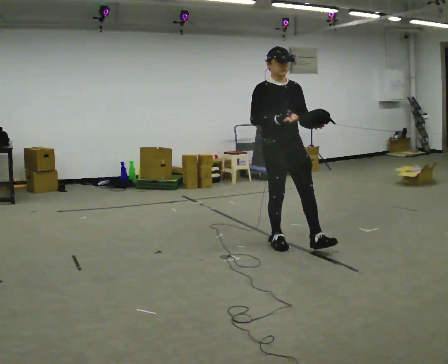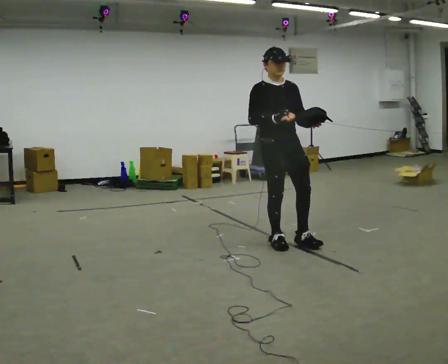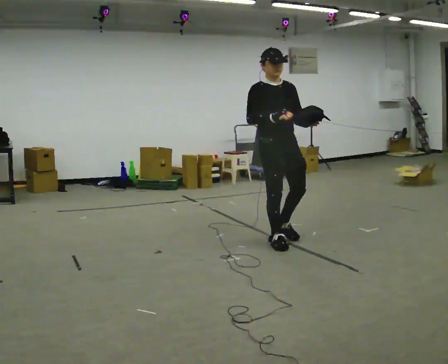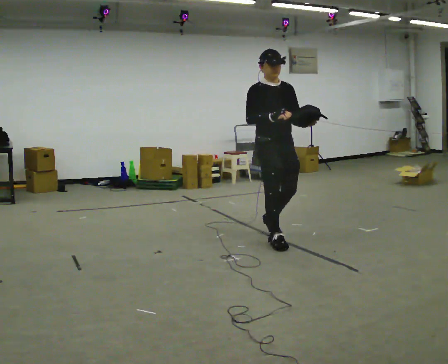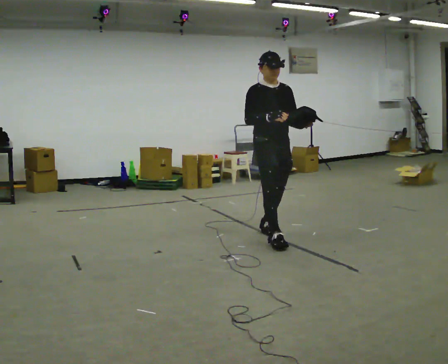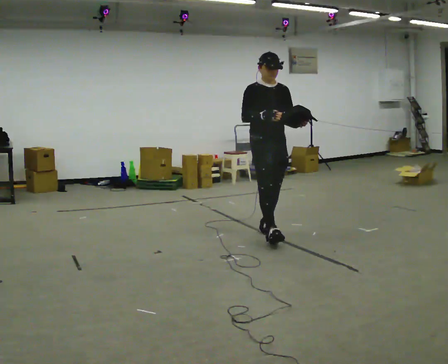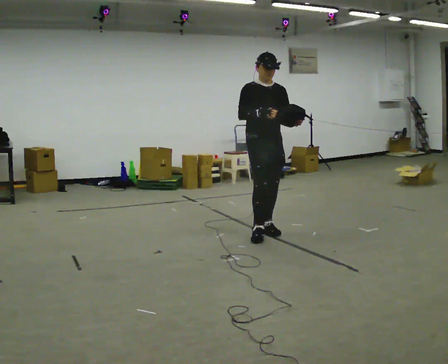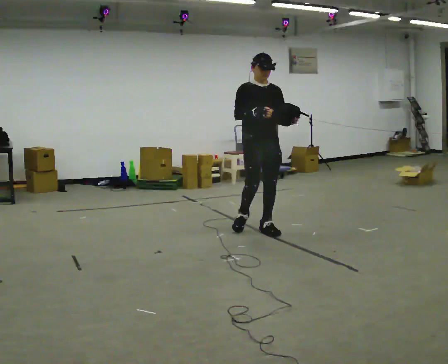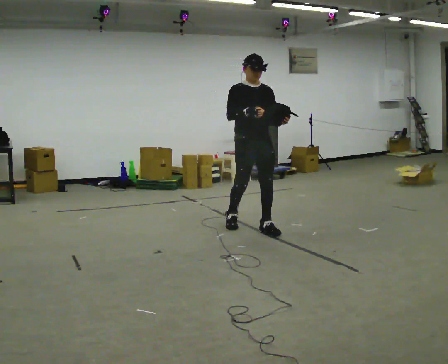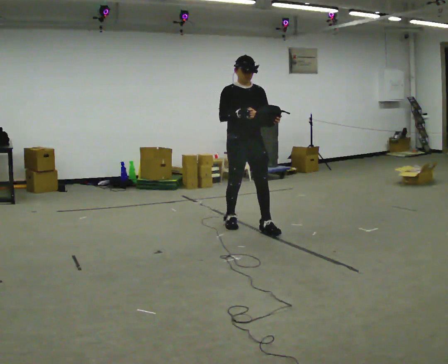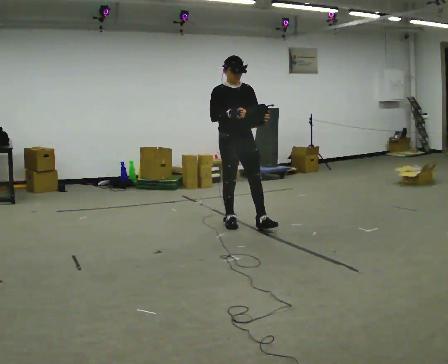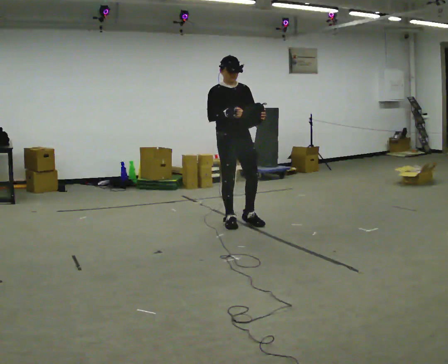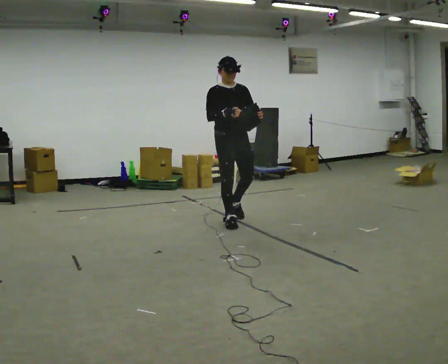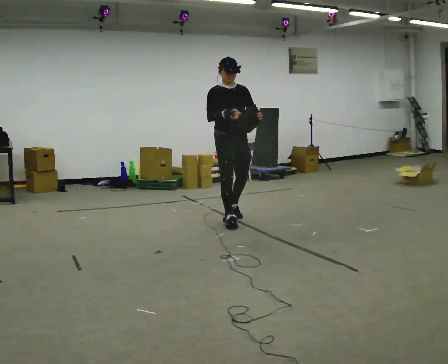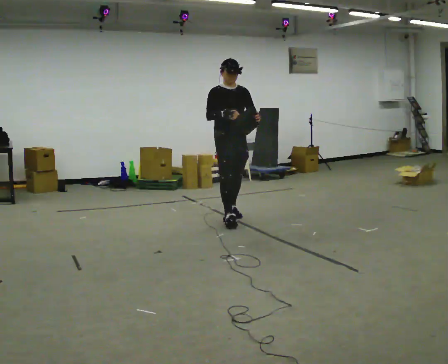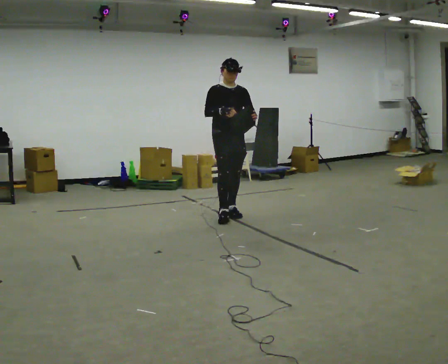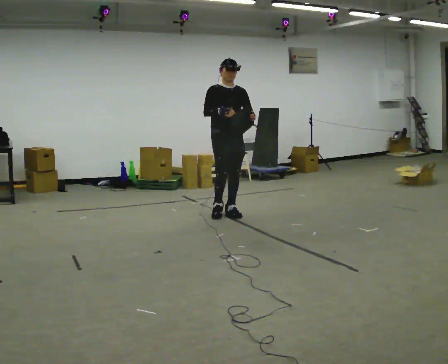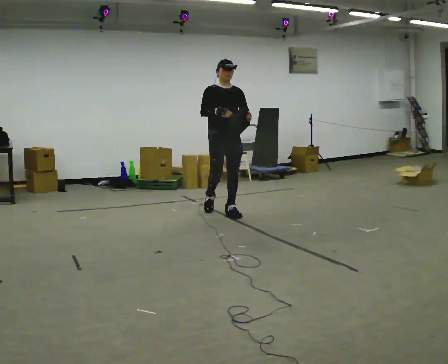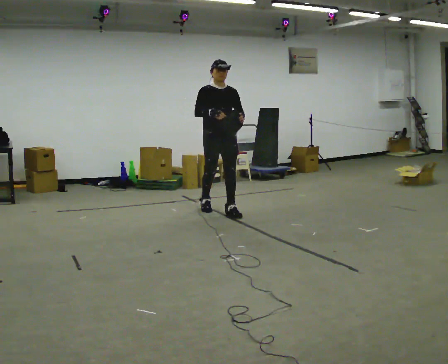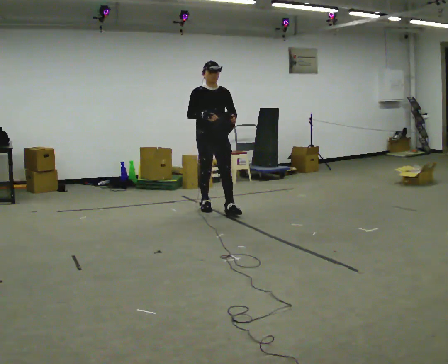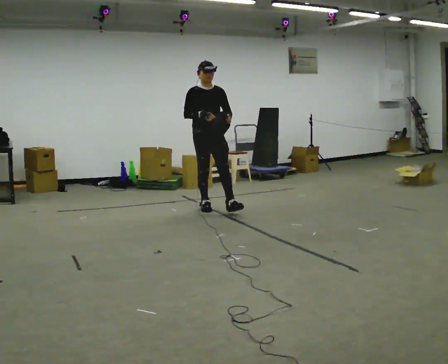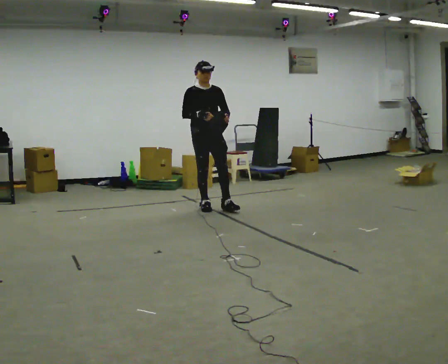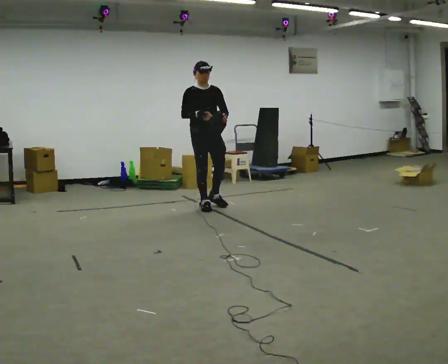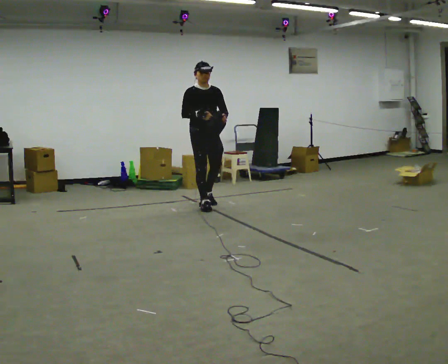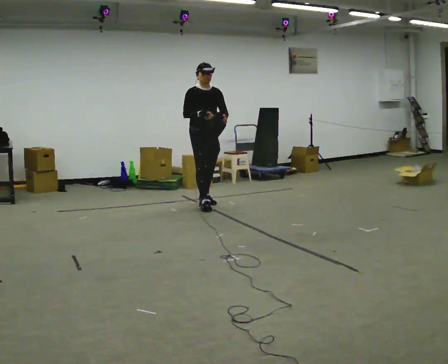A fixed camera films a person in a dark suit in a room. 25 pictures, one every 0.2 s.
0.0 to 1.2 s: In the picture they go away from the camera, about 0.5 m in 1 step, which for them is backward.
1.2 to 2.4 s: In the picture they go to the left and away from the camera, about 0.5 m in 1 step, which for them is backward.
2.4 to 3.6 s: In the picture they go away from the camera and to the left, about 0.5 m in 1 step, which for them is backward.
3.6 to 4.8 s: In the picture they go away from the camera and to the left, about 0.5 m in 1 step, which for them is backward.
The film runs backward here.
